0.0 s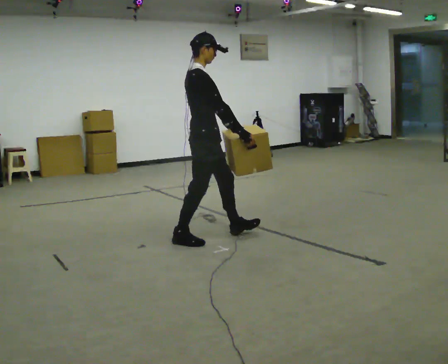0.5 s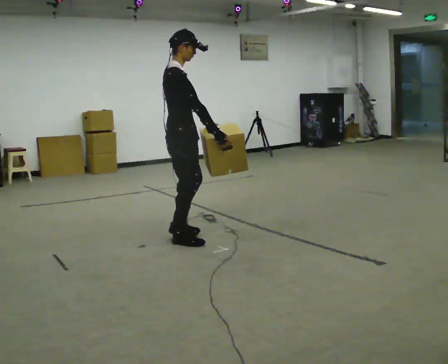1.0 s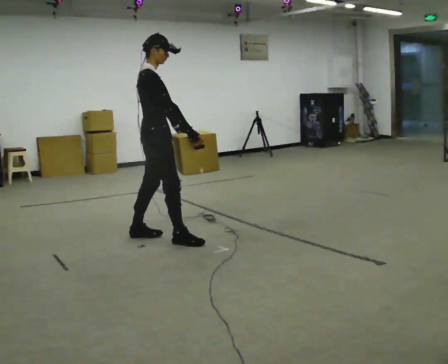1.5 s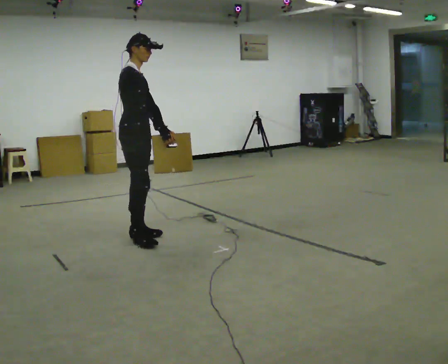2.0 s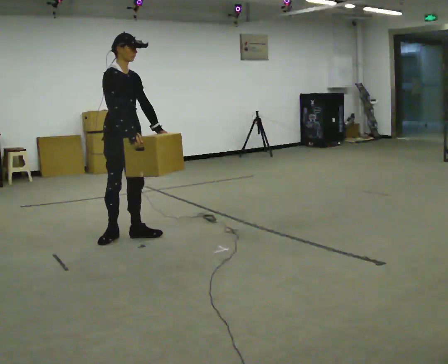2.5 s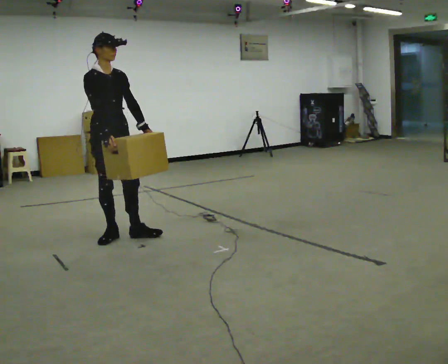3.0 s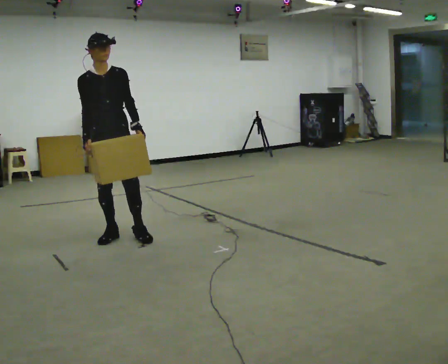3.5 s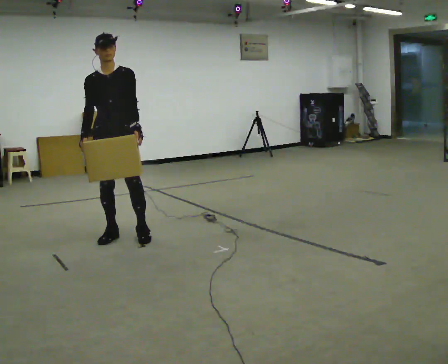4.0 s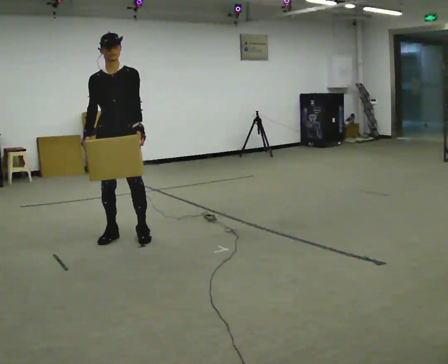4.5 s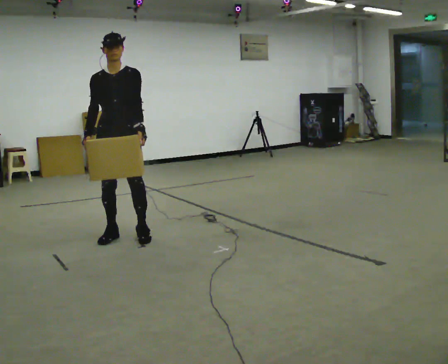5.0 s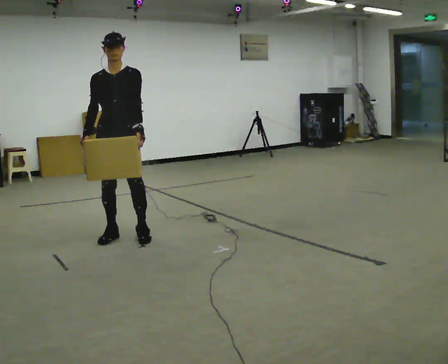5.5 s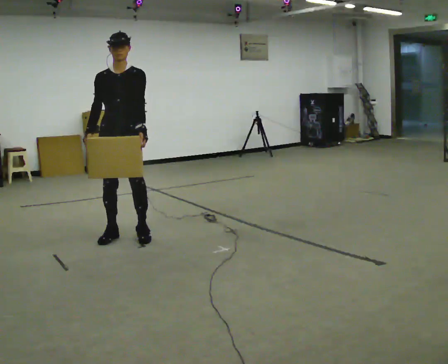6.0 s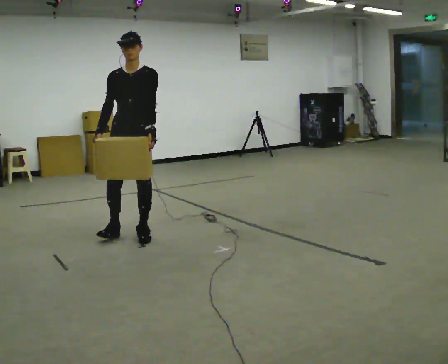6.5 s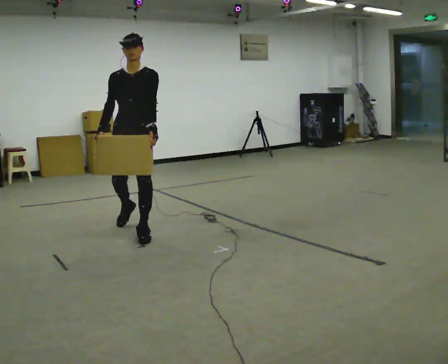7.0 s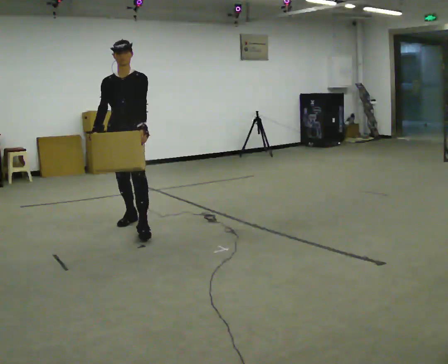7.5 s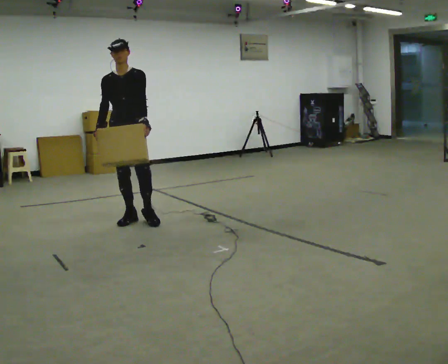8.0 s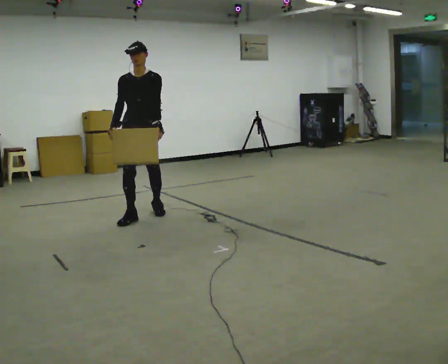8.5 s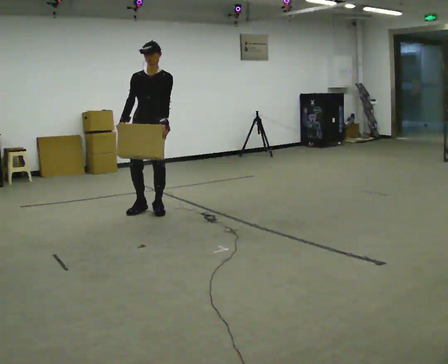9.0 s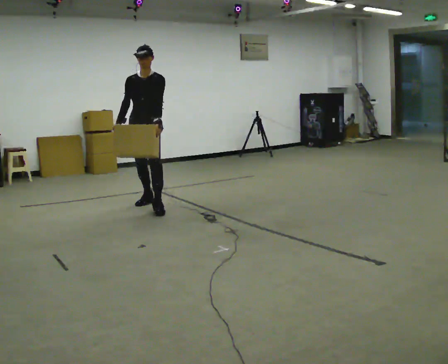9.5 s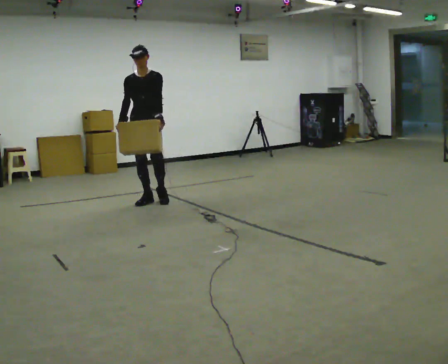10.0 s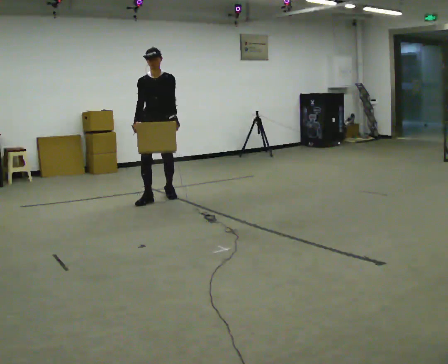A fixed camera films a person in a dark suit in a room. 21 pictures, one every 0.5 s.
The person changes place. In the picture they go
away from the camera.
0.0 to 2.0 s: The person turns about 45 degrees to their right, clockwise seen from above, so the part of the body nearest the lens slides to the left. In the picture they go to the left, about 0.5 m in 1 step, which for them is backward.
2.0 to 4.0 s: The part of the body nearest the lens slides to the left as the person turns to their right by about 60 degrees. In the picture their right hand goes to the left.
4.0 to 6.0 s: The person moves a little, or ends about where they began.
6.0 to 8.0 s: In the picture they go away from the camera, about 0.75 m in 2 steps, which for them is backward.
8.0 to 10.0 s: In the picture they go away from the camera, about 1 m in 2 steps, which for them is backward.
The film runs backward here.
